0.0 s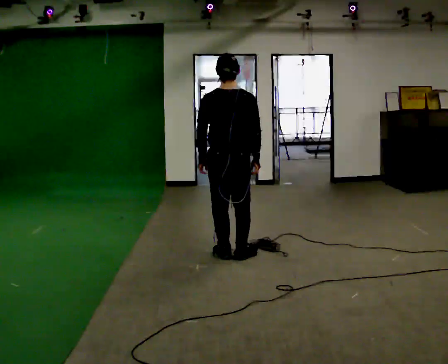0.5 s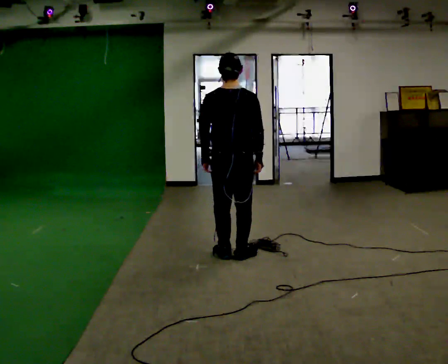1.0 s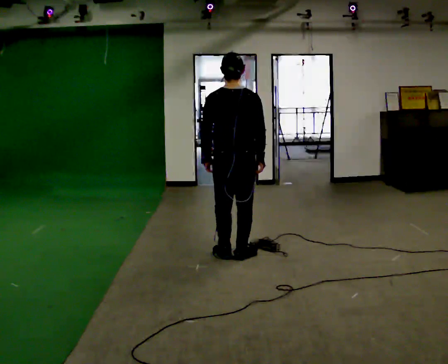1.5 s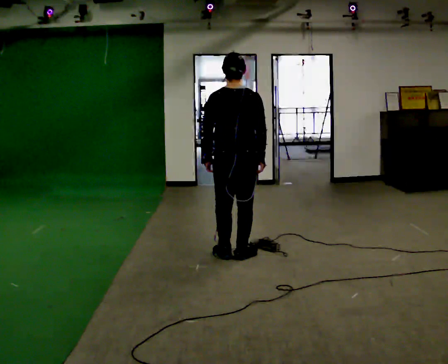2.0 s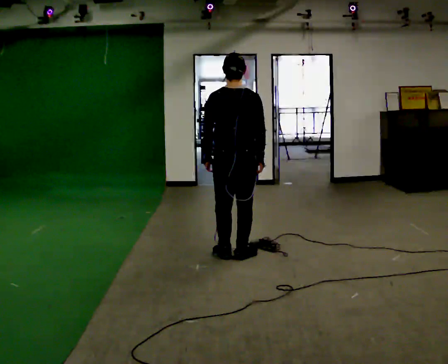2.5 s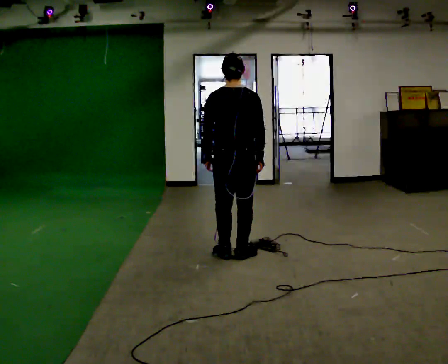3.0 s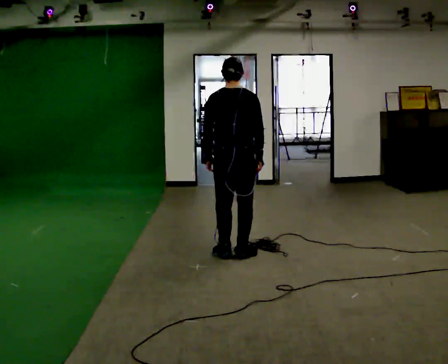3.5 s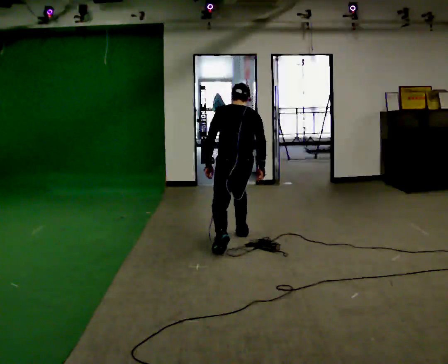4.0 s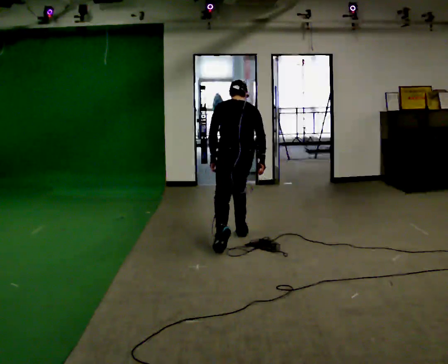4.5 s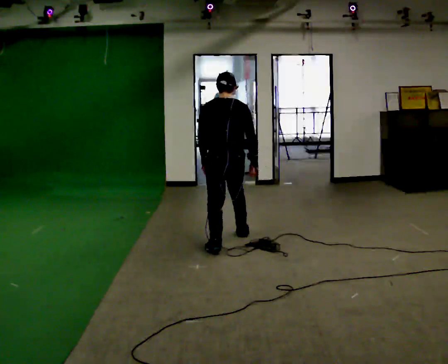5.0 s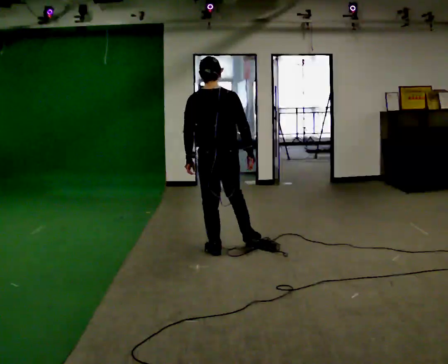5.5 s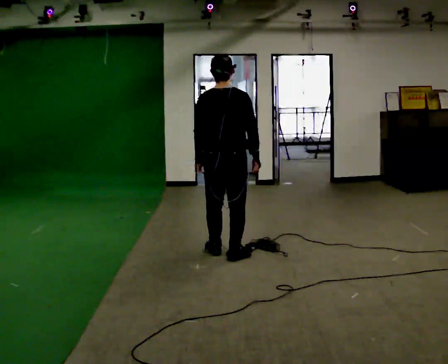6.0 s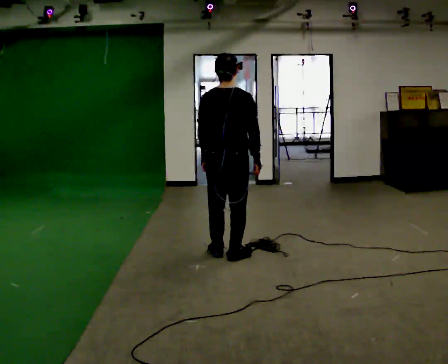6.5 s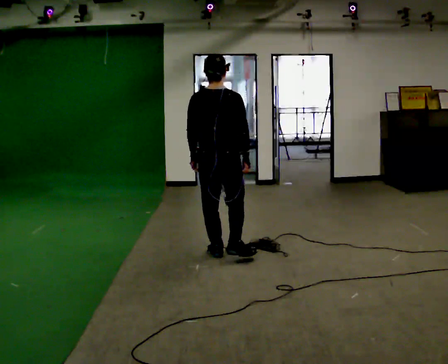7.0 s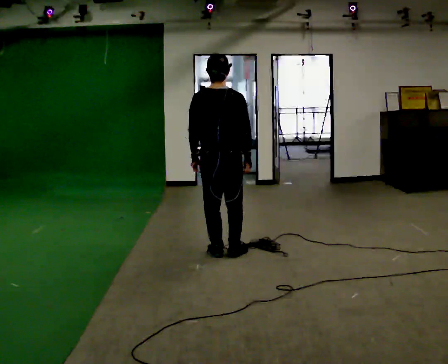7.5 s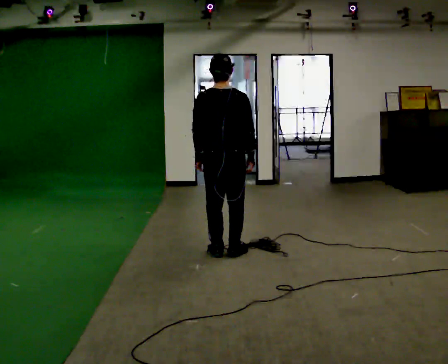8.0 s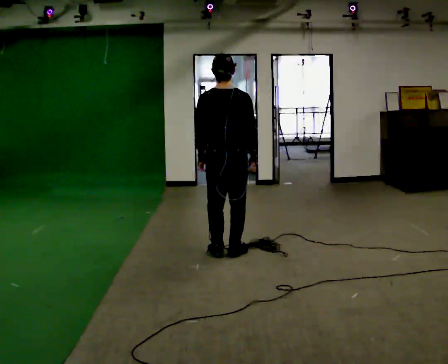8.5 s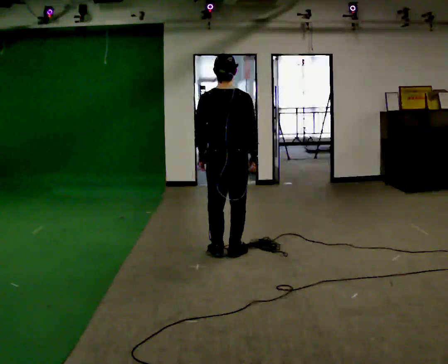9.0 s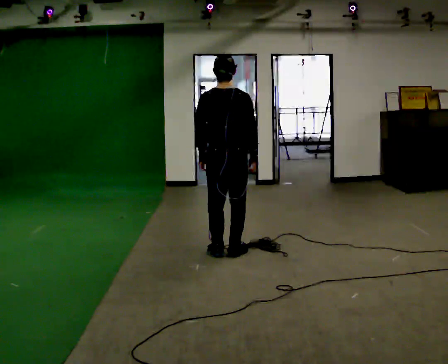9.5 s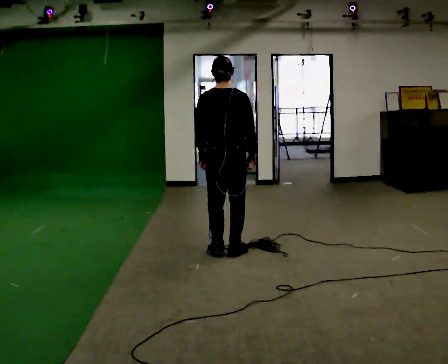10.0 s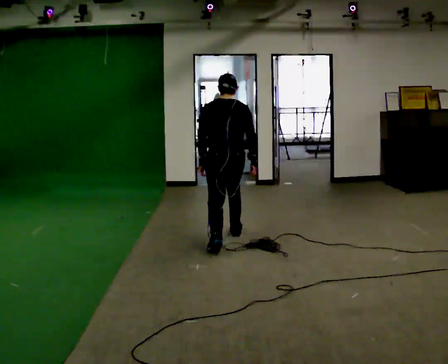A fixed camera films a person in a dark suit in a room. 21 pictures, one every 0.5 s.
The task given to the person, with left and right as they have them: Stand on the marked spots with your feet together. Lean forward from the ankles, keeping your body straight, until you cannot hold it any longer, then step forward to catch yourself. Return to the spots. Repeat at your own pace until the operator says stop. Go slowly and only as far as you are comfortable. Step whenever you need to; do not try to hold on longer than feels safe.
0.0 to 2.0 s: The person moves a little, or ends about where they began.
2.0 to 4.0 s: In the picture they go away from the camera, about 0.5 m in 2 steps, which for them is forward. The upper body tips away from the camera, its near side rolling upward, as they bend forward.
4.0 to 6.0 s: The person turns about 30 degrees to their right, clockwise seen from above, so the part of the body nearest the lens slides to the left. In the picture they go toward the camera, about 0.5 m in 1 step, which for them is backward. The upper body tips toward the camera, its near side rolling downward, as they lean back or straighten.
6.0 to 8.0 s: The person moves a little, or ends about where they began.
8.0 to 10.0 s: In the picture they go away from the camera, about 0.25 m, which for them is forward. The upper body tips away from the camera, its near side rolling upward, as they bend forward.
The film runs forward here.
